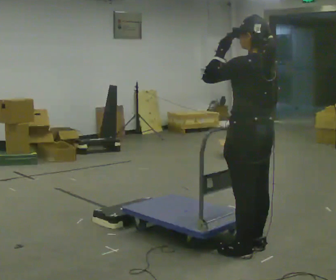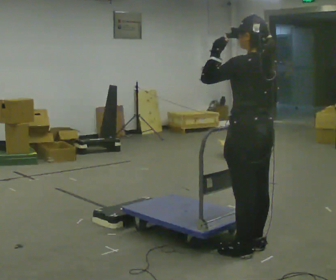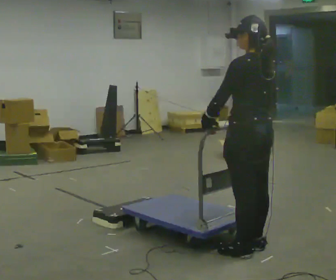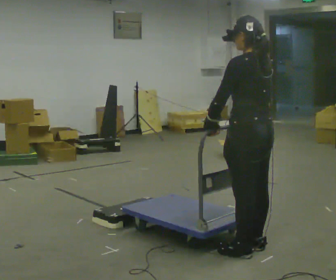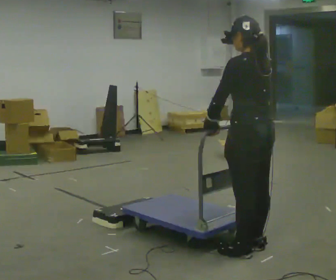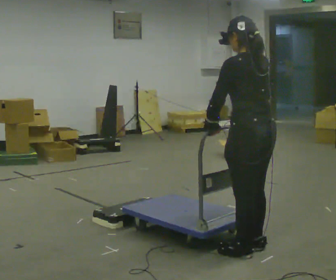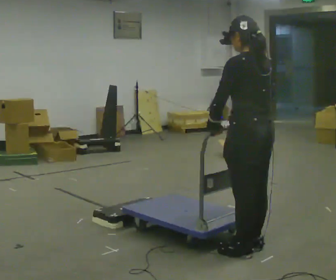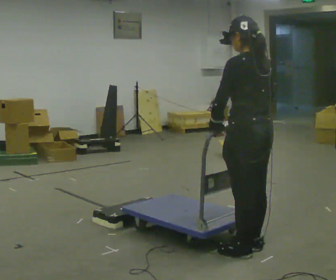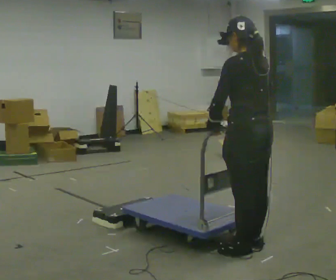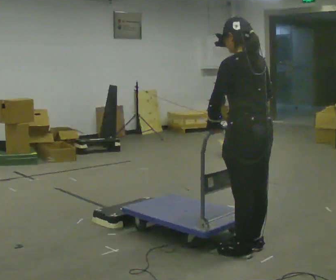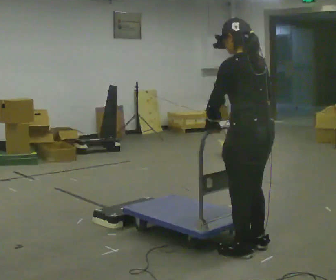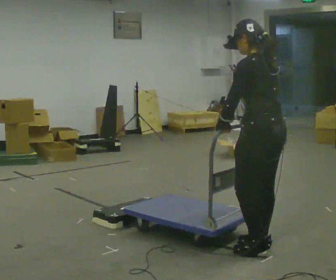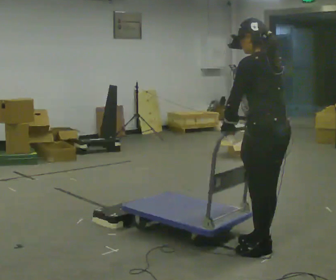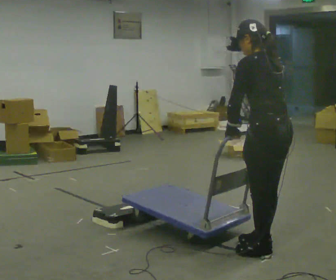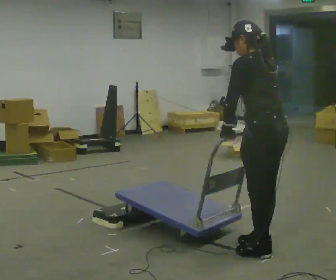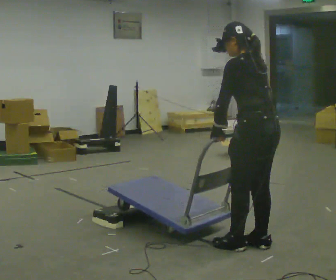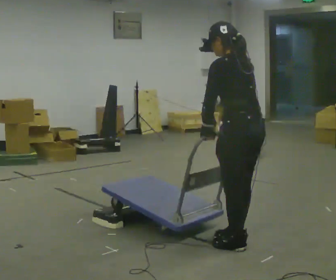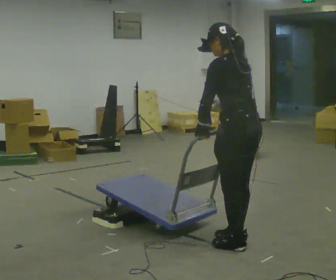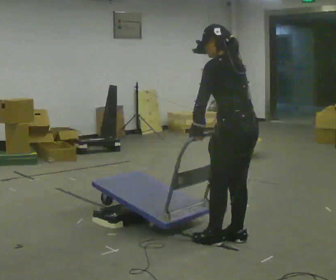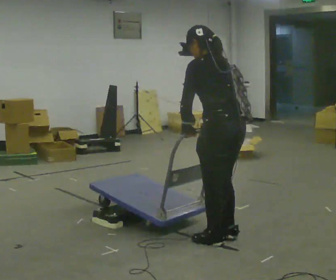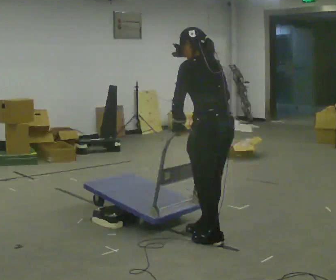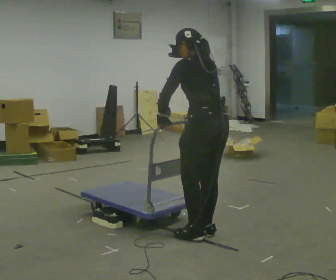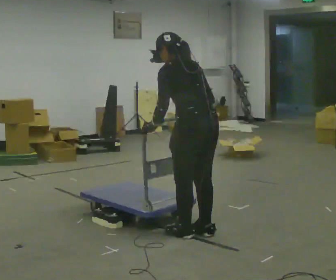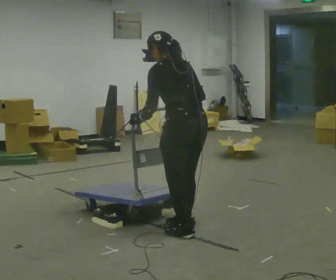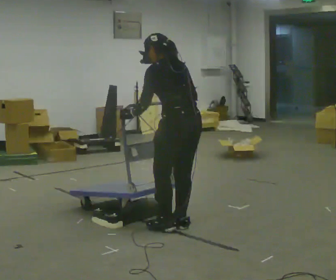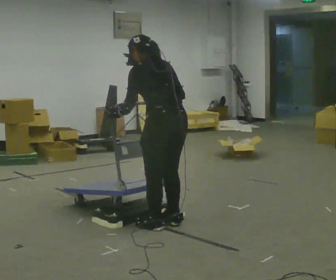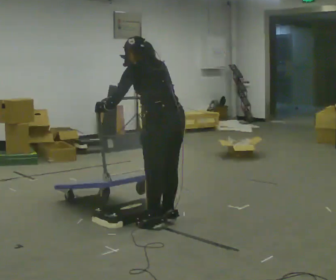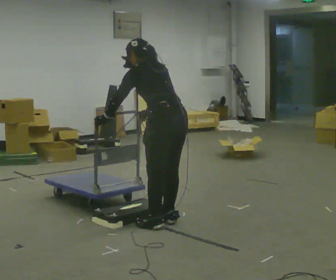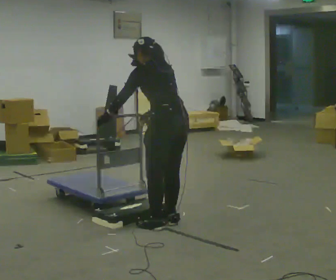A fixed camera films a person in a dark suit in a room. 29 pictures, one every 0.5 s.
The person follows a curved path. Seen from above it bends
counterclockwise.
0.0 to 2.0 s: In the picture their left hand goes downward.
2.0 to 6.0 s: The person moves a little, or ends about where they began.
6.0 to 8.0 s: In the picture they go to the left, about 0.25 m in 2 steps, which for them is forward.
8.0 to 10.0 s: In the picture they go to the left and away from the camera, about 0.25 m in 2 steps, which for them is forward.
10.0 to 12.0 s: In the picture they go to the left and away from the camera, about 0.25 m in 3 steps, which for them is forward.
12.0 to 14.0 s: The person moves a little, or ends about where they began.
The film runs backward here.
